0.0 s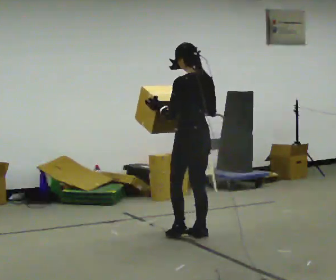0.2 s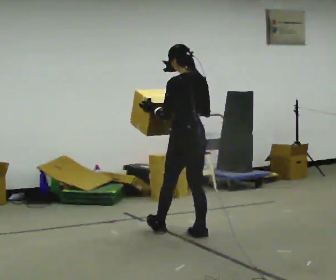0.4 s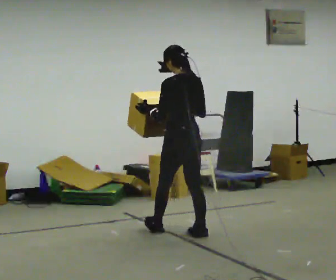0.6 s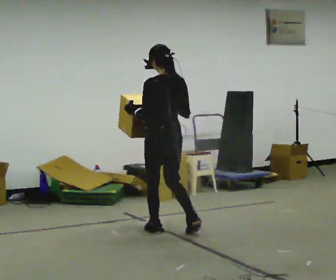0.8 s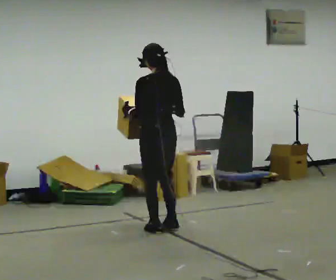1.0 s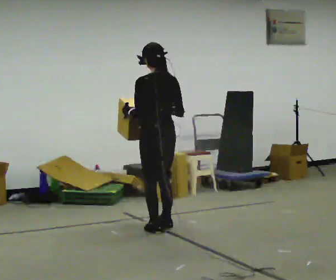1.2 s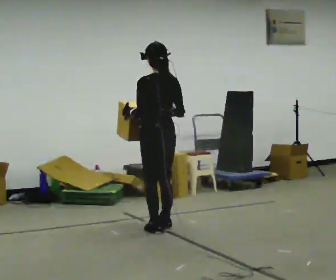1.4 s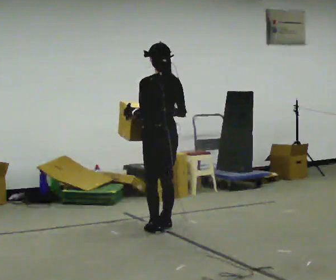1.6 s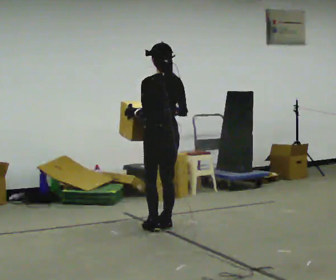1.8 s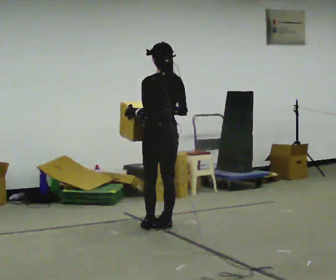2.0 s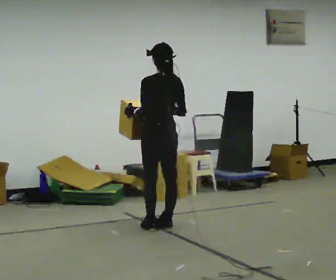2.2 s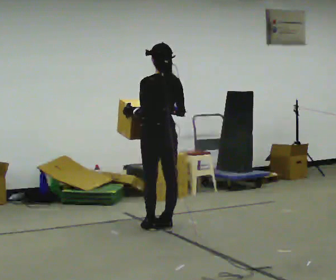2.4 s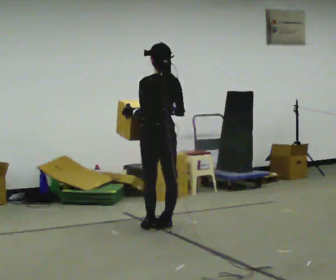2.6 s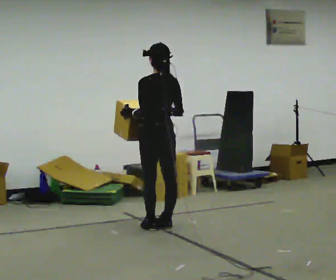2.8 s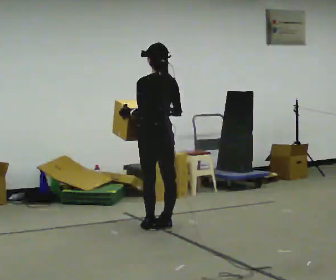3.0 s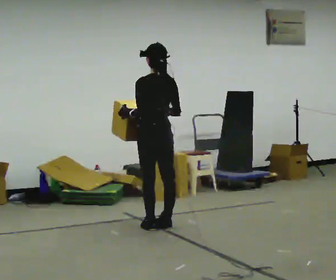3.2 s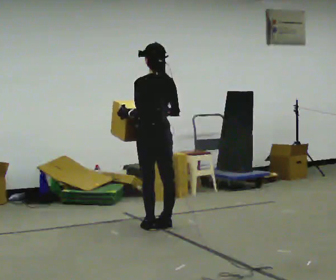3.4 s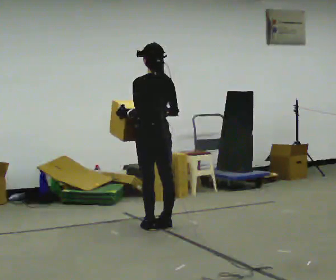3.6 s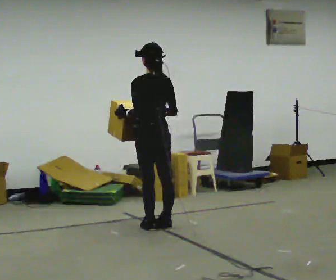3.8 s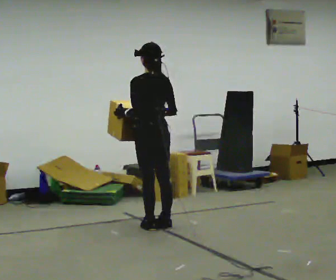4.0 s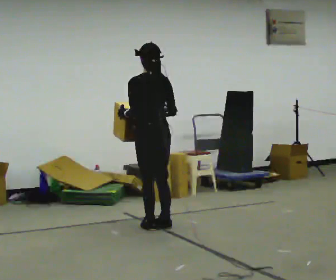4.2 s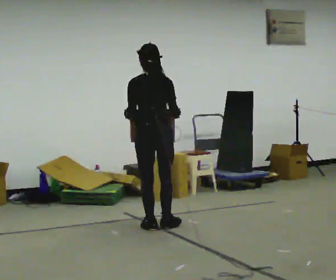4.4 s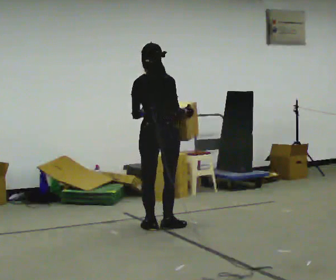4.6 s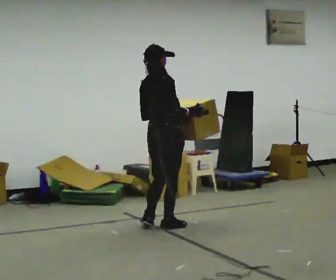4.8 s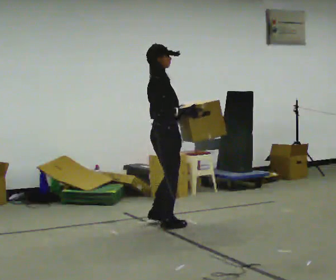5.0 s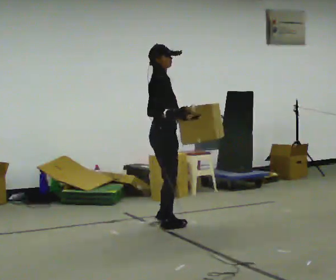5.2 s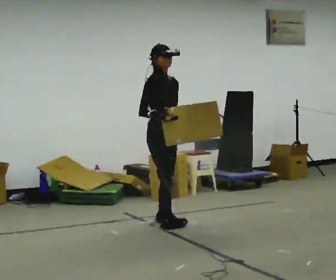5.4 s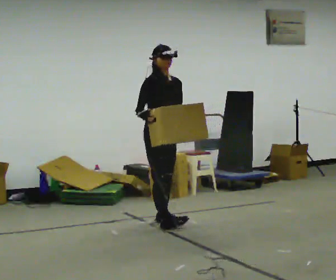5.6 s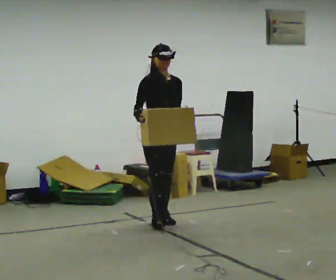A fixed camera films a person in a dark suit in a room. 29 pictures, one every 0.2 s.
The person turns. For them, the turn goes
to their right.
The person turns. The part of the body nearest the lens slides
to the left.
0.0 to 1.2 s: In the picture they go away from the camera and to the left, about 0.5 m in 2 steps, which for them is forward and to their left.
1.2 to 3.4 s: The person moves a little, or ends about where they began.
3.4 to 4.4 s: The part of the body nearest the lens slides to the left as the person turns to their right by about 60 degrees.
4.4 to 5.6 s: The person turns about 135 degrees to their right, clockwise seen from above, so the part of the body nearest the lens slides to the left. In the picture they go away from the camera, about 0.25 m in 1 step.
The film runs forward here.
